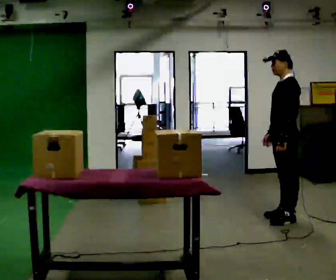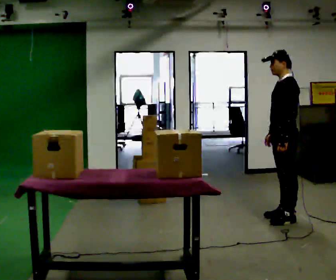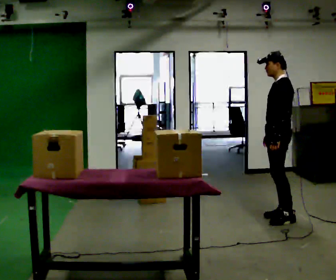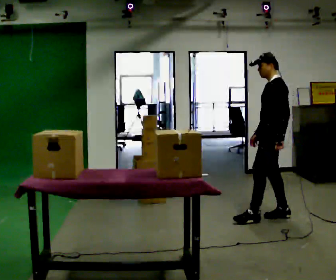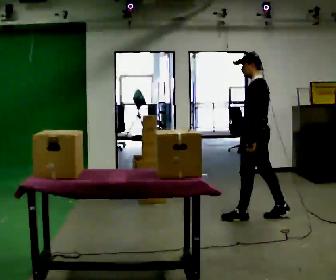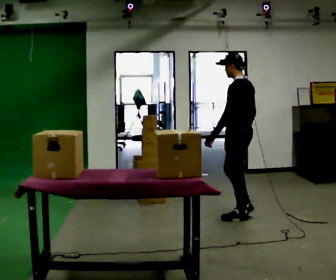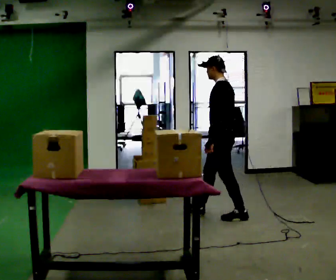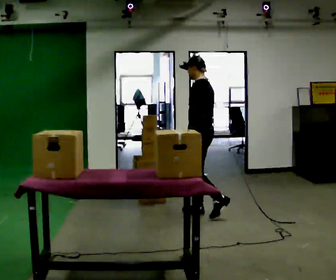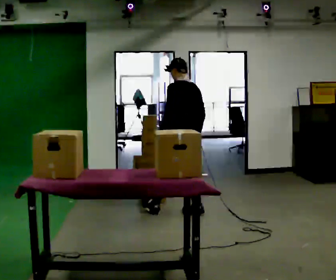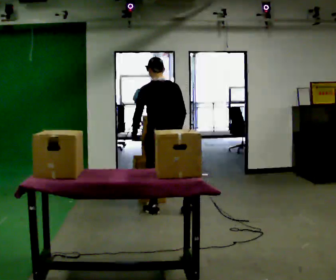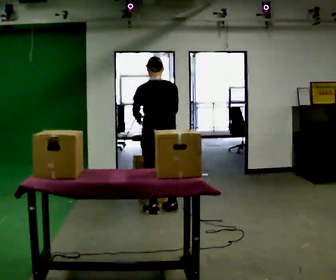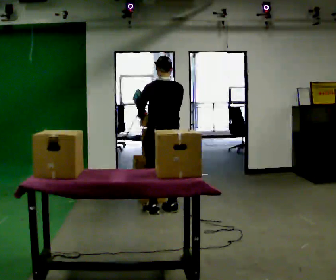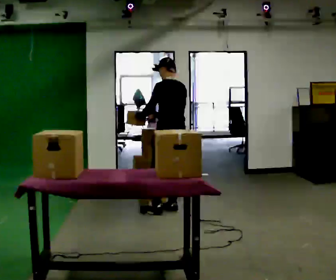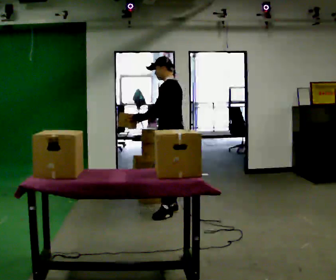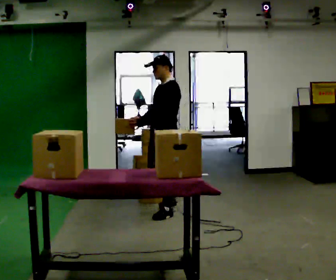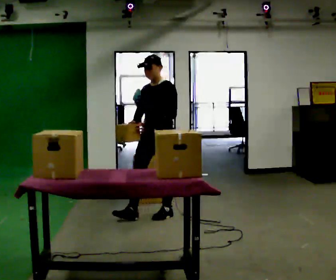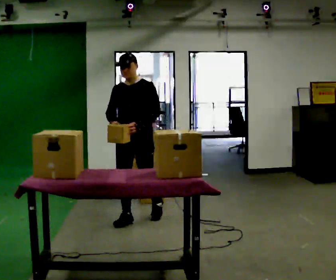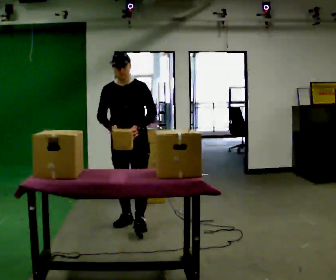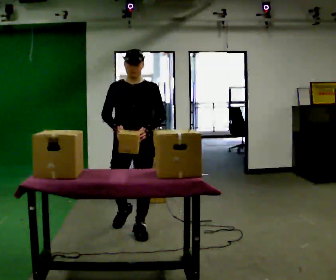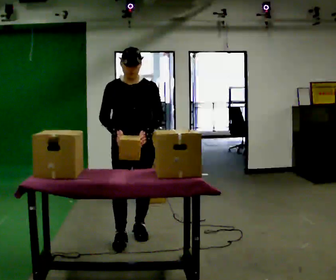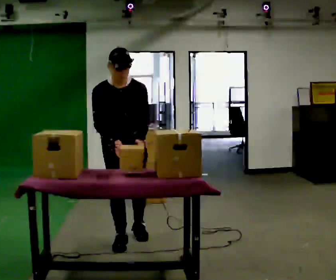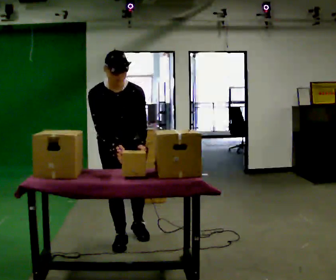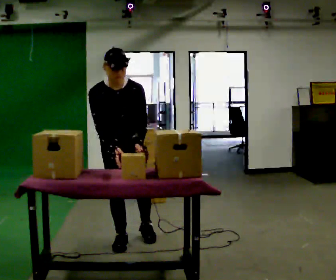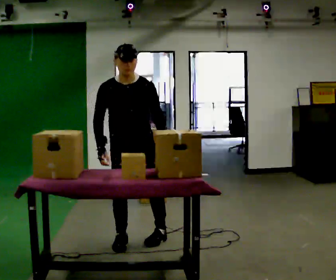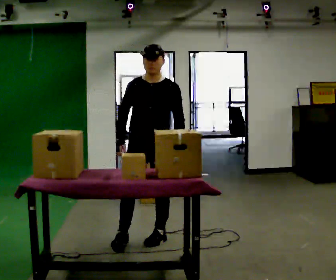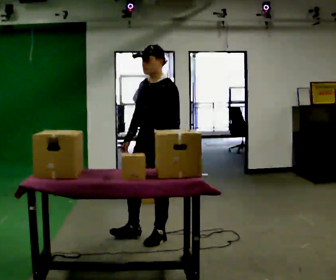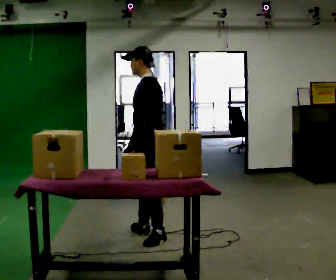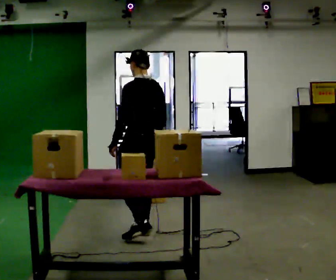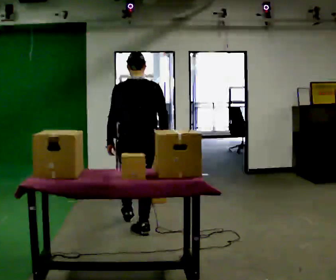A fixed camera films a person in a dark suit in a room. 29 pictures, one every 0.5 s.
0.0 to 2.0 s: In the picture they go to the left, about 0.25 m in 1 step, which for them is forward and to their right.
2.0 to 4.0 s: The person turns about 30 degrees to their right, clockwise seen from above, so the part of the body nearest the lens slides to the left. In the picture they go to the left, about 1 m in 2 steps, which for them is forward.
4.0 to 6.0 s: In the picture their right hand goes to the left, the arm swinging clockwise.
6.0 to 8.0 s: Seen from above the body turns counterclockwise, about 105 degrees: to their left, with its near side sliding to the right. In the picture they go toward the camera and to the left, about 0.5 m in 1 step.
8.0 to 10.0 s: The person turns about 45 degrees to their left, counterclockwise seen from above, so the part of the body nearest the lens slides to the right. In the picture they go toward the camera, about 0.5 m in 2 steps, which for them is forward.
10.0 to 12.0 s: The part of the body nearest the lens slides to the left as the person turns to their right by about 30 degrees. In the picture they go to the right, about 0.25 m in 1 step, which for them is to their left.
12.0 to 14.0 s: Seen from above the body turns clockwise, about 165 degrees: to their right, with its near side sliding to the left. In the picture they go away from the camera, about 0.5 m in 1 step.
The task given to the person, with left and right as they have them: Carry the object over and fit it into the gap between the two boxes already on the shelf, without touching either of them. Keep going until the operator says stop; one object at a time, and do not rush between trips.
The film runs forward here.
